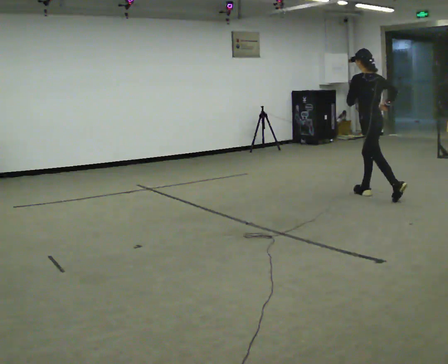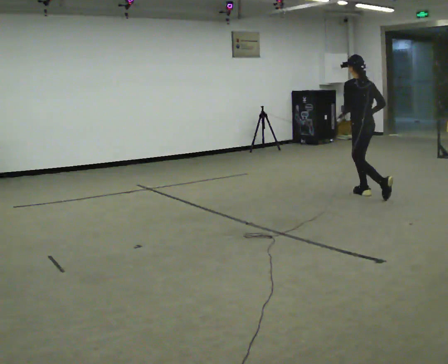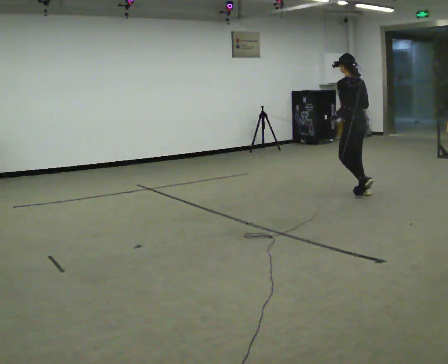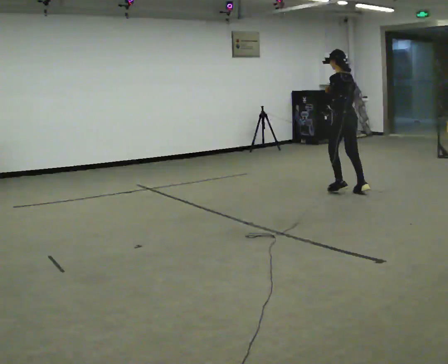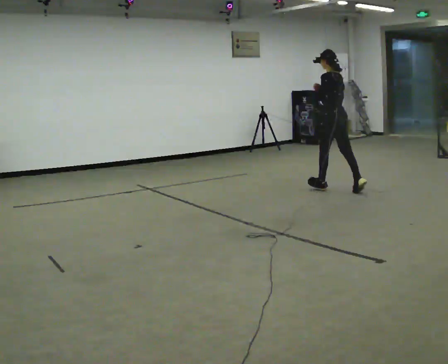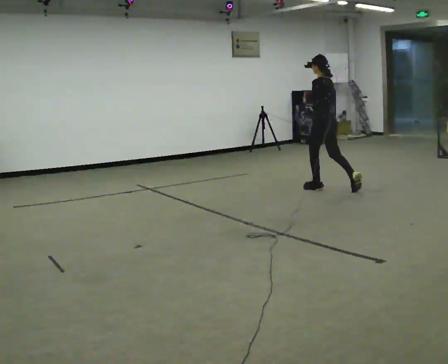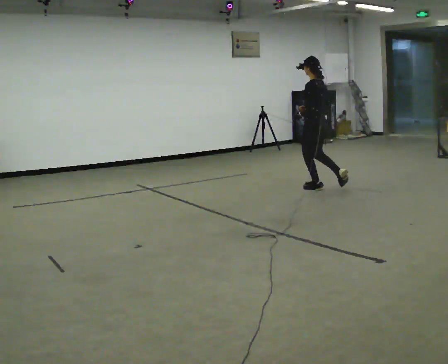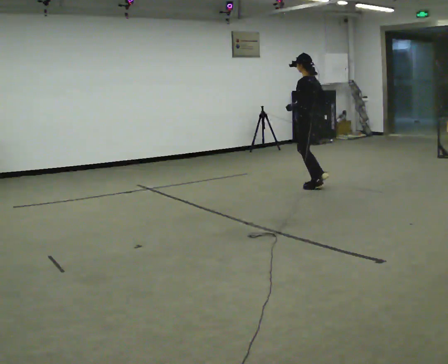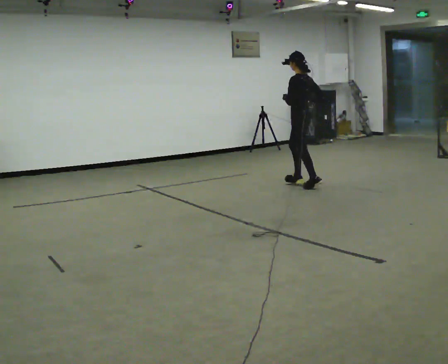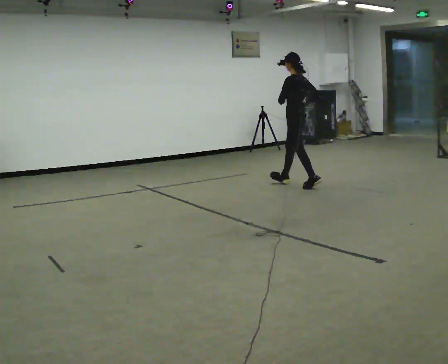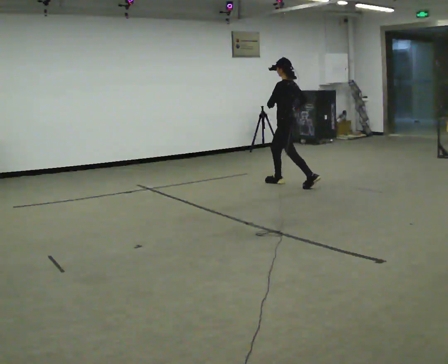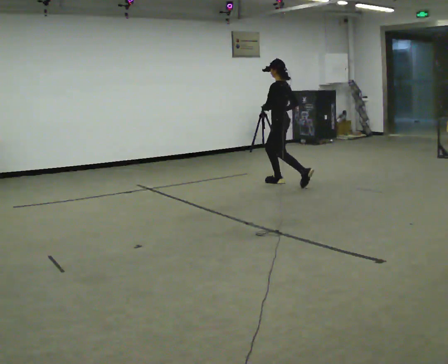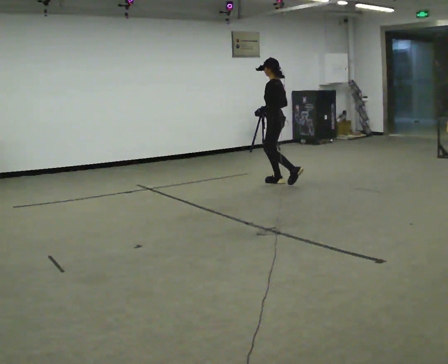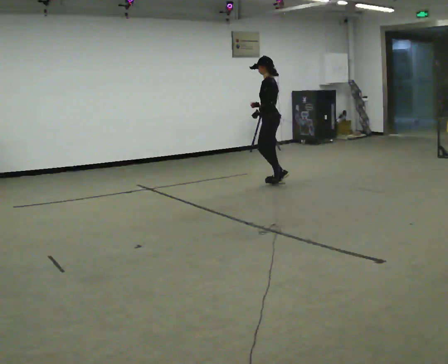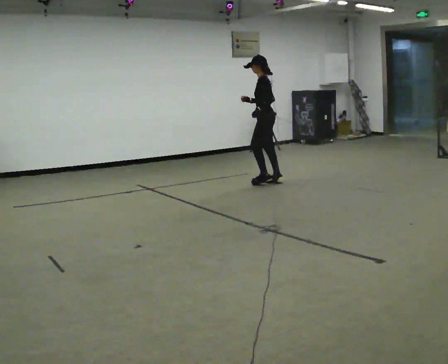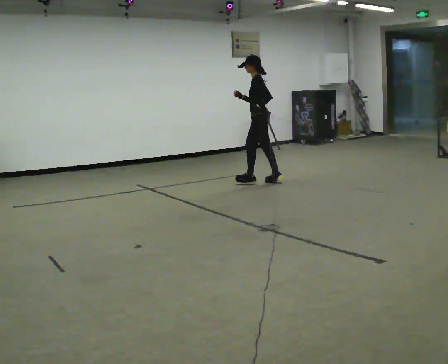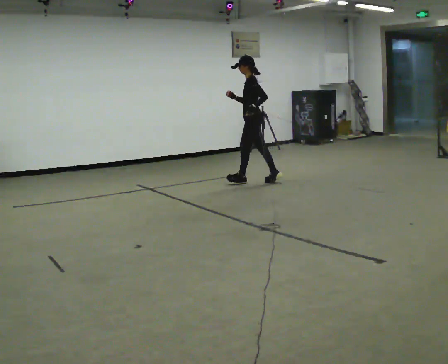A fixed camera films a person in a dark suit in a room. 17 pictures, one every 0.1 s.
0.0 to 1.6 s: Seen from above the body turns counterclockwise, about 60 degrees: to their left, with its near side sliding to the right. In the picture they go to the left and away from the camera, about 1.5 m in 3 steps, which for them is forward.
The film runs forward here.
